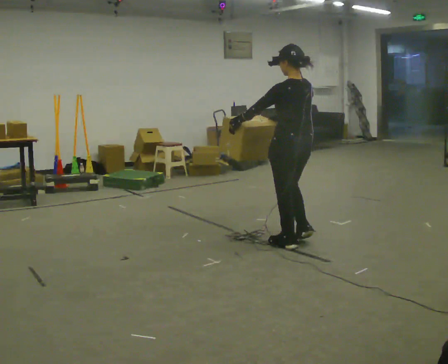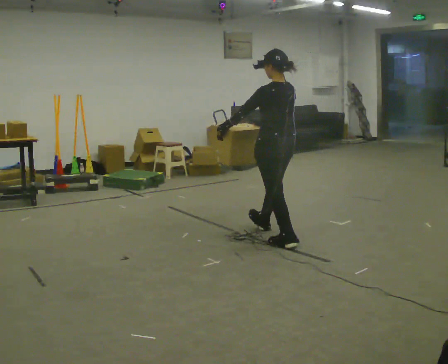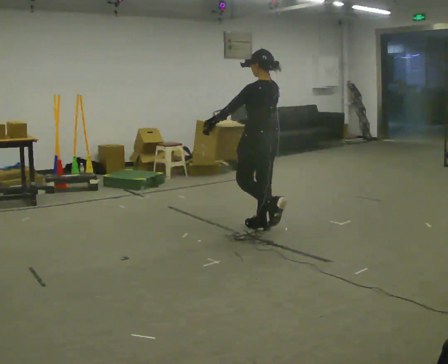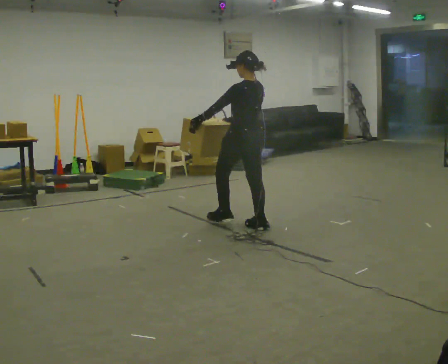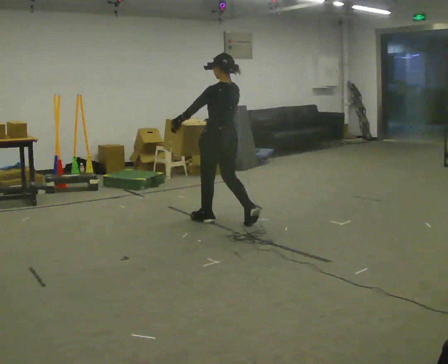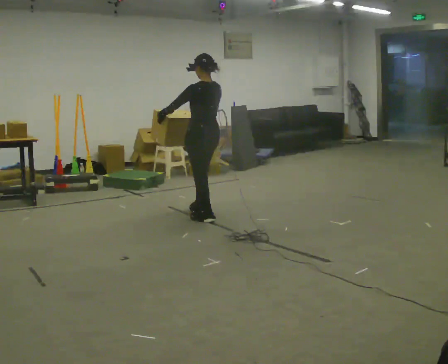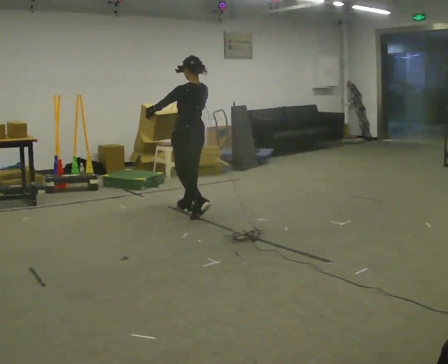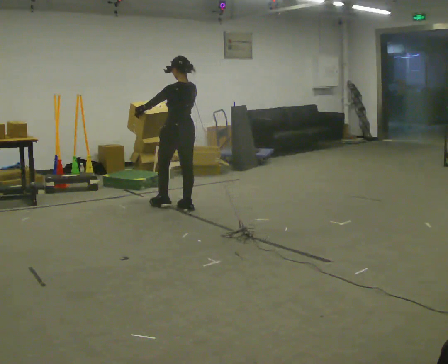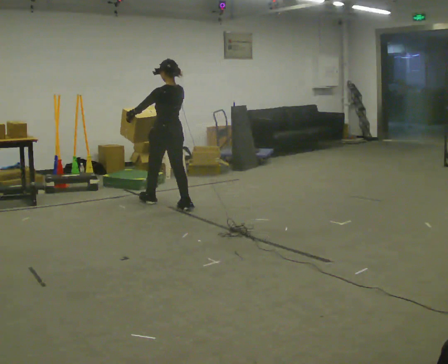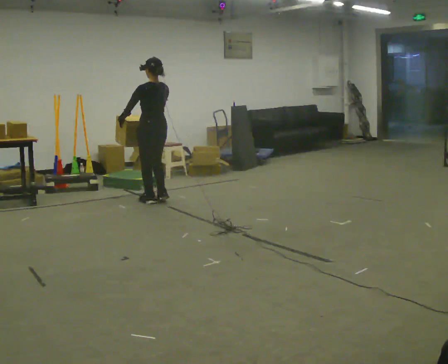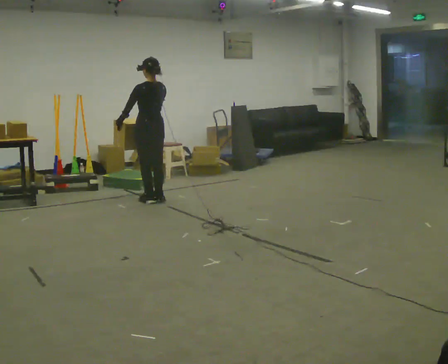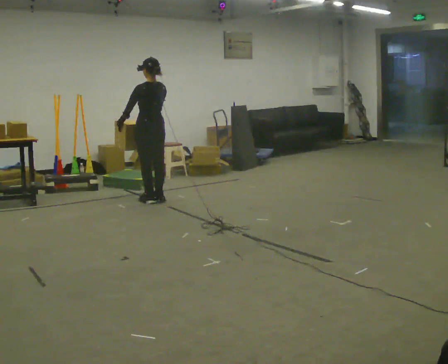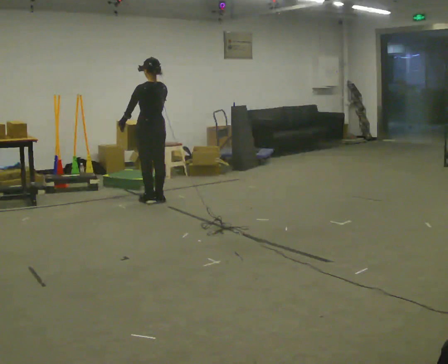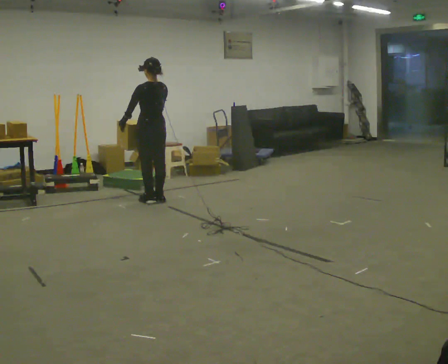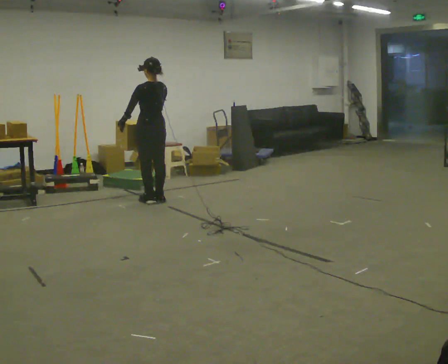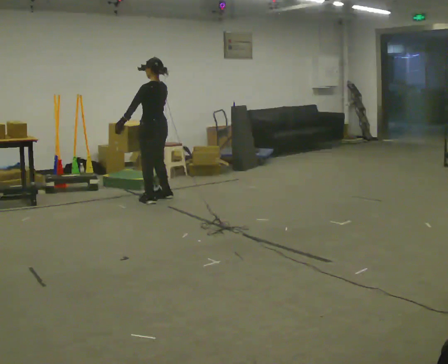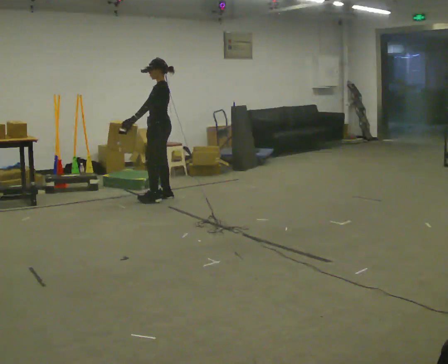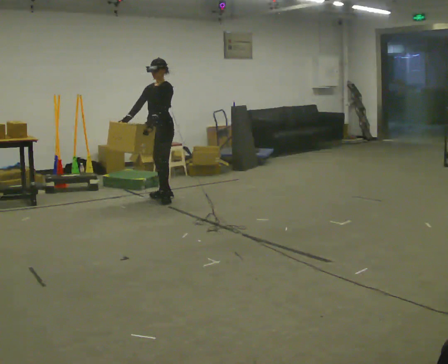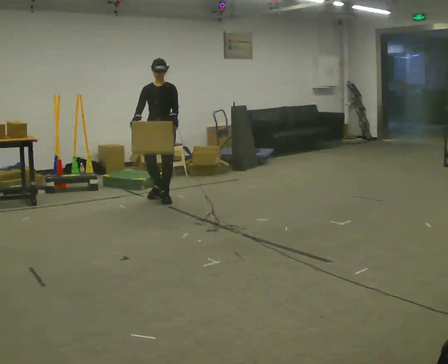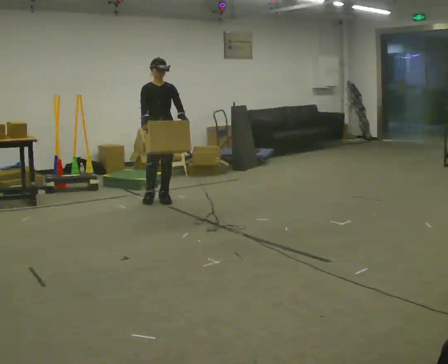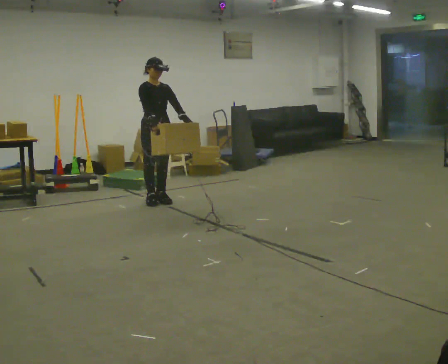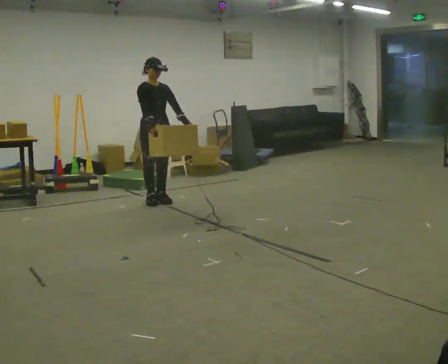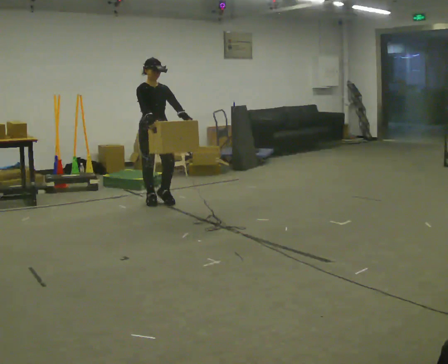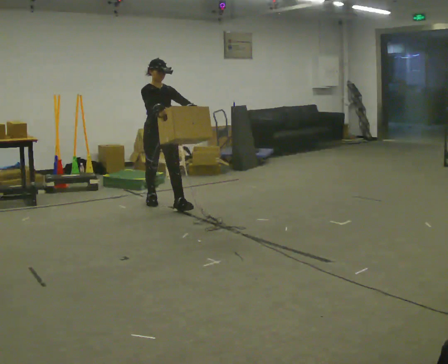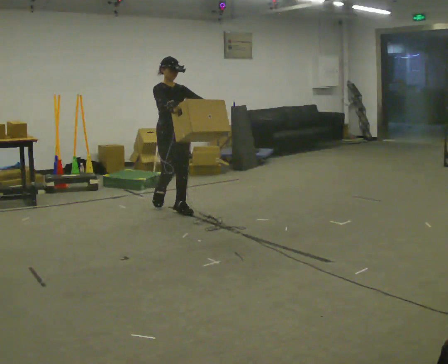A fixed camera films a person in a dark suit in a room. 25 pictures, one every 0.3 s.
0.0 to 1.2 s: In the picture they go away from the camera and to the left, about 1 m in 2 steps, which for them is forward.
1.2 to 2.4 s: In the picture they go away from the camera and to the left, about 1 m in 2 steps, which for them is forward.
2.4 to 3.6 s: In the picture they go away from the camera and to the left, about 0.25 m in 1 step, which for them is forward.
3.6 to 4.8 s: The part of the body nearest the lens slides to the right as the person turns to their left by about 60 degrees.
4.8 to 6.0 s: The person turns about 120 degrees to their left, counterclockwise seen from above, so the part of the body nearest the lens slides to the right. In the picture they go toward the camera, about 0.25 m in 1 step.
6.0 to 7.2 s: In the picture they go toward the camera and to the right, about 0.5 m in 1 step, which for them is forward.
The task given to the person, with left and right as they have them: Carry the heaviest box in both hands in front of you, walking back and forth across the room. Only carry what is comfortable. Set it down whenever you need to.
The film runs forward here.
